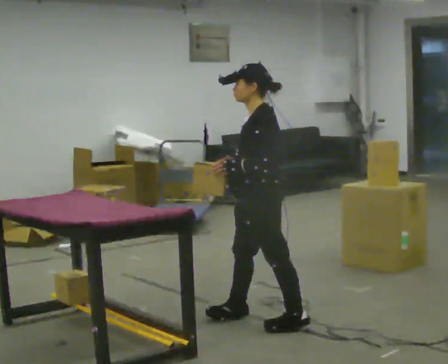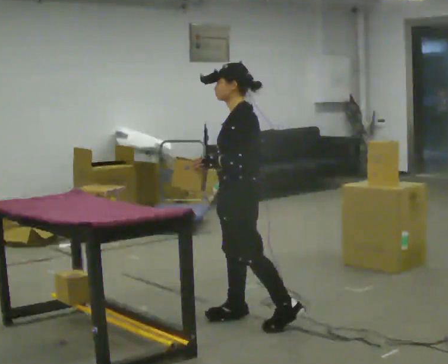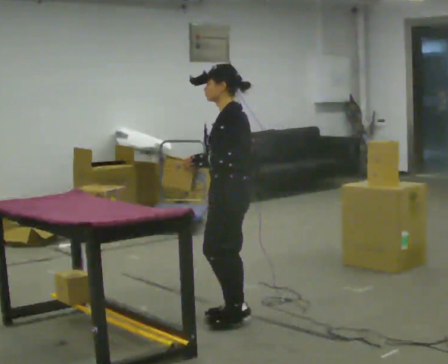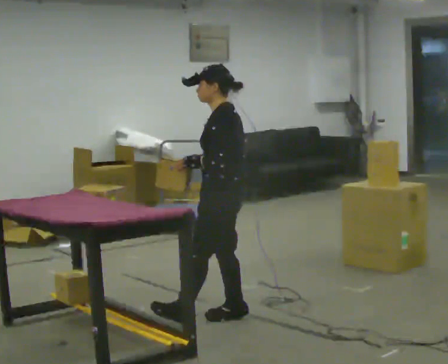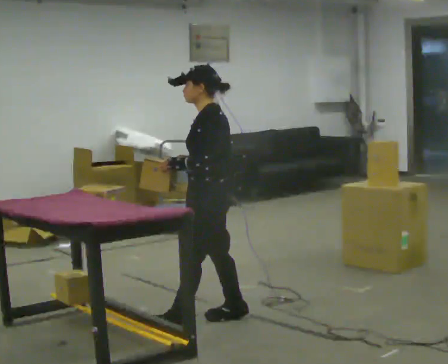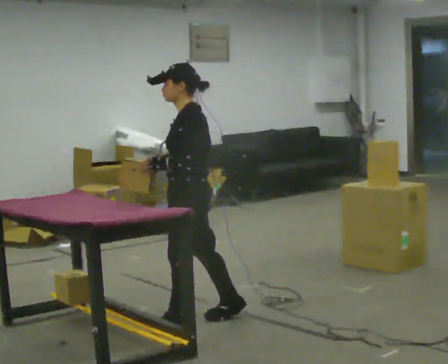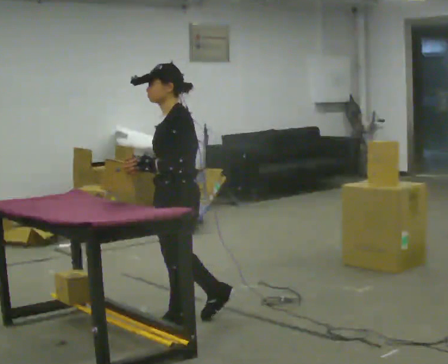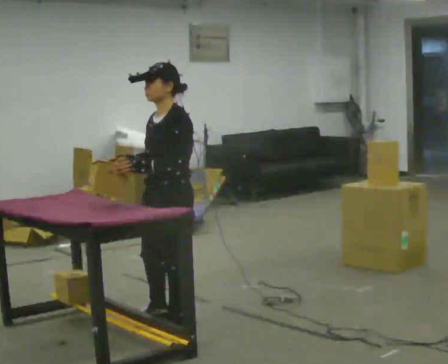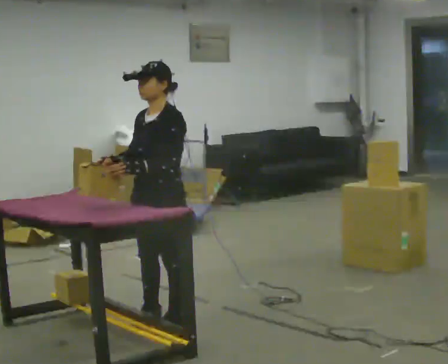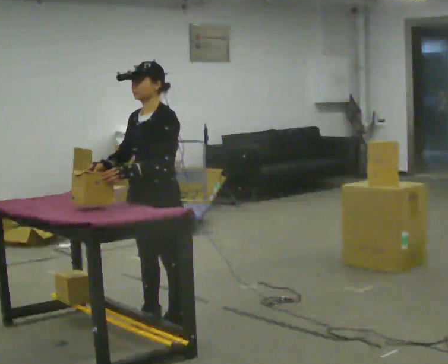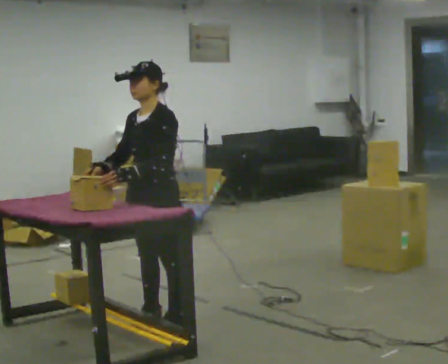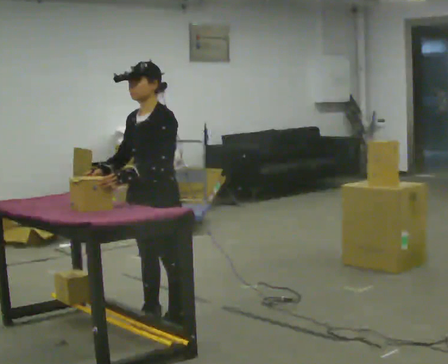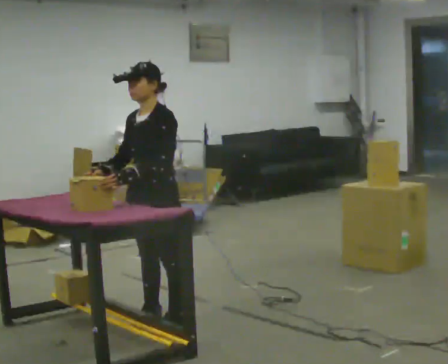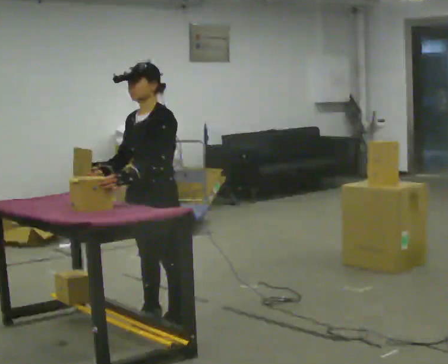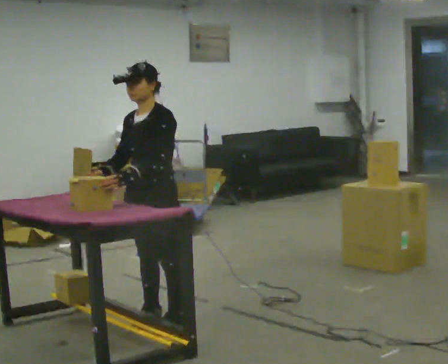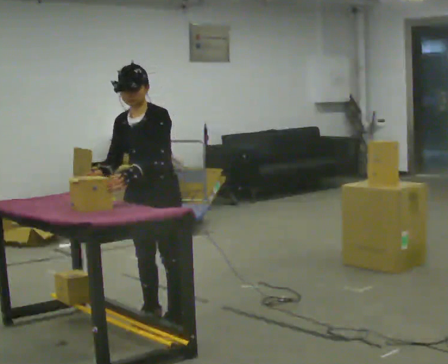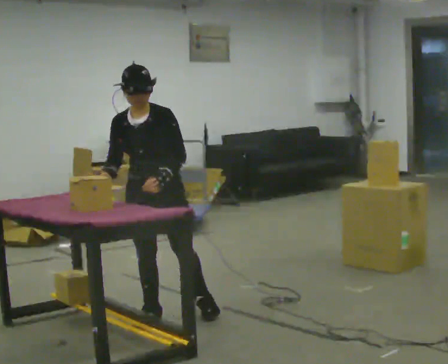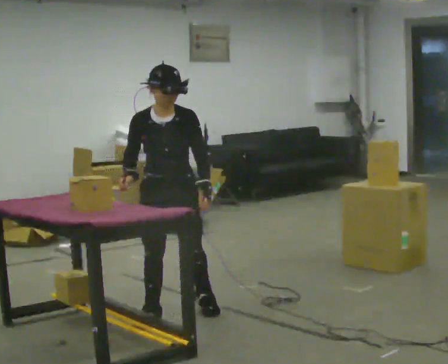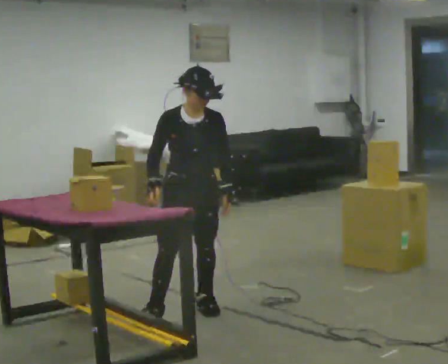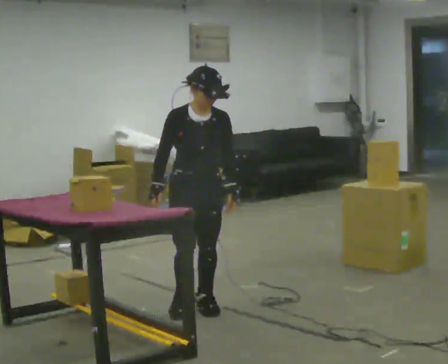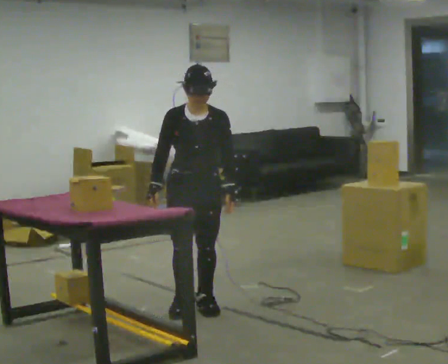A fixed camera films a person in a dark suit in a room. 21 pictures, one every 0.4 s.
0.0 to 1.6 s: In the picture they go to the left and away from the camera, about 0.25 m in 1 step, which for them is forward.
1.6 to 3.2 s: Seen from above the body turns counterclockwise, about 45 degrees: to their left, with its near side sliding to the right. In the picture they go to the left, about 0.25 m in 1 step, which for them is forward.
3.2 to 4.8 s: The person moves a little, or ends about where they began.
4.8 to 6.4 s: The person turns about 45 degrees to their left, counterclockwise seen from above, so the part of the body nearest the lens slides to the right.
6.4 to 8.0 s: In the picture they go to the right, about 0.25 m in 2 steps, which for them is to their left.
The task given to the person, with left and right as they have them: 1. The operator will tell you the shelf is already sorted and just needs moving to the table. 2. Do what you think is right. 3. Tell the operator when you are finished.
The film runs forward here.
